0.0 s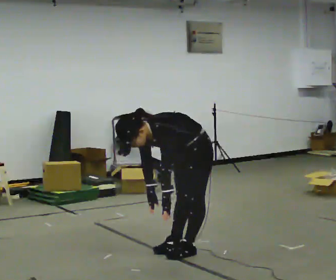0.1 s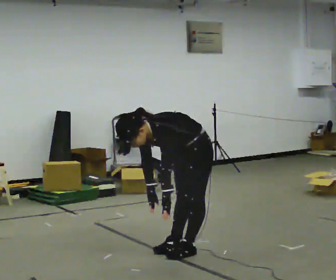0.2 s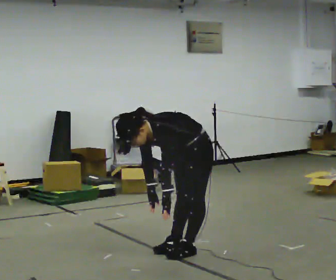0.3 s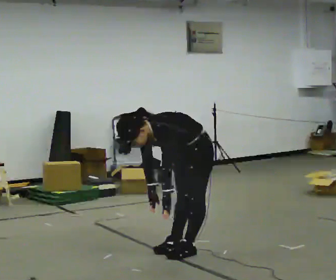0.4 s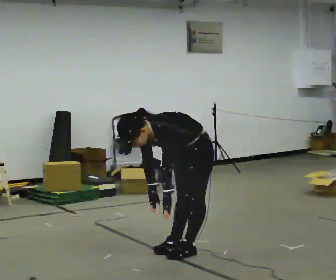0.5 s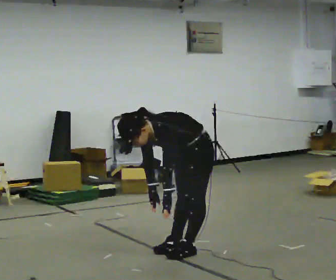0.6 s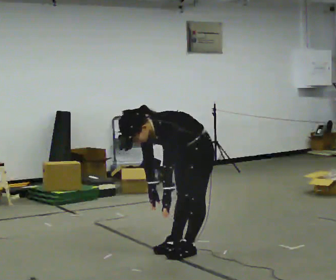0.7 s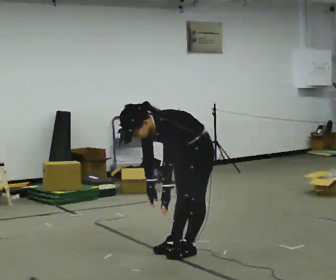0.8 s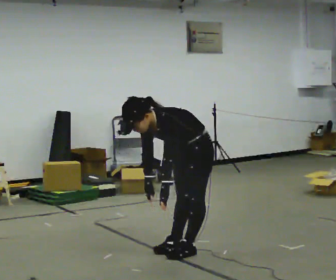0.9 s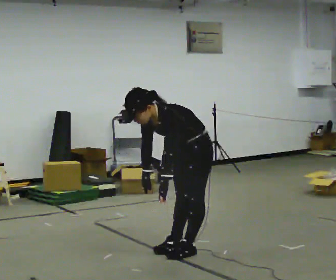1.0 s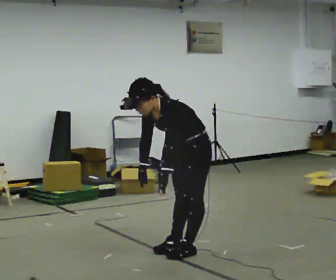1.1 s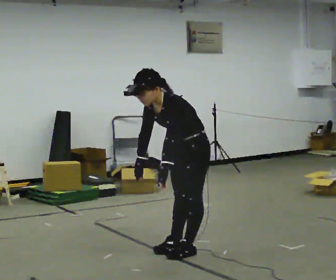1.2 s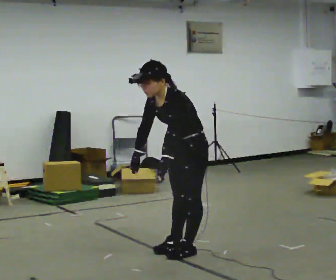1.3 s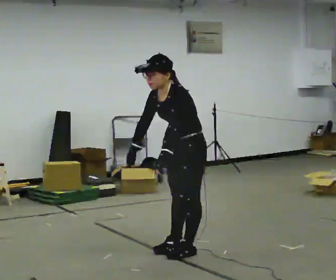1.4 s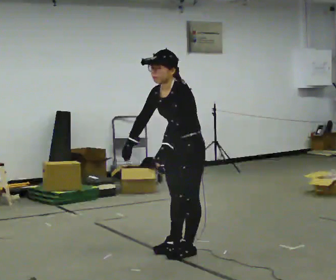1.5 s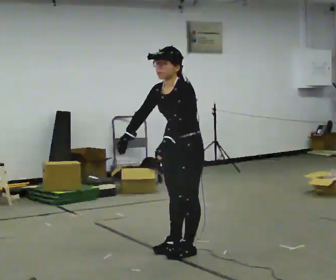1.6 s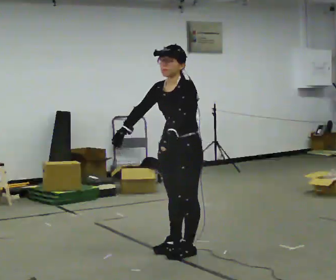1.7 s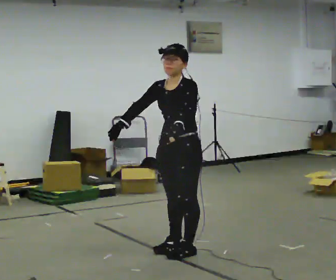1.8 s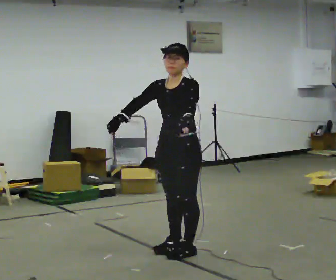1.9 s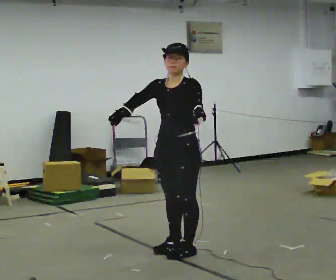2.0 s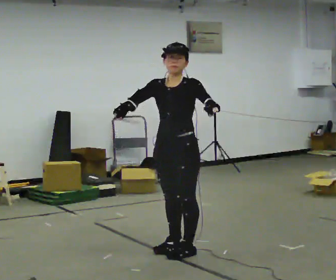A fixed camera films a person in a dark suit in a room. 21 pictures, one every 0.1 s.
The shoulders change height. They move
upward.
Their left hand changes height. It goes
upward.
0.0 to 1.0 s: In the picture the upper body tilts clockwise, shoulders to the right, as they lean back or straighten.
1.0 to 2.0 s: The part of the body nearest the lens slides to the right as the person turns to their left by about 30 degrees. The upper body goes upward. In the picture the upper body tilts clockwise, shoulders to the right, as they lean back or straighten. In the picture their right hand goes upward, the arm swinging clockwise.
The film runs forward here.
